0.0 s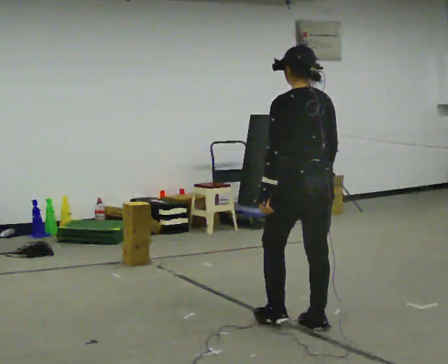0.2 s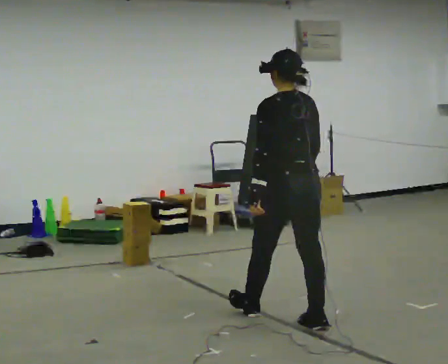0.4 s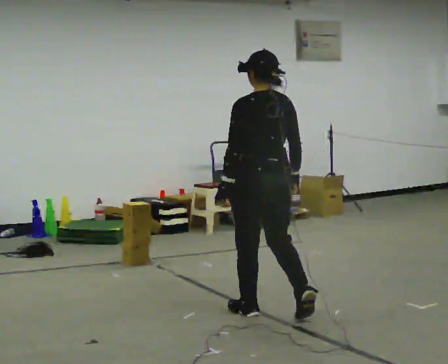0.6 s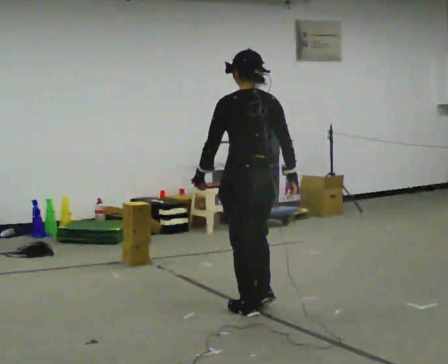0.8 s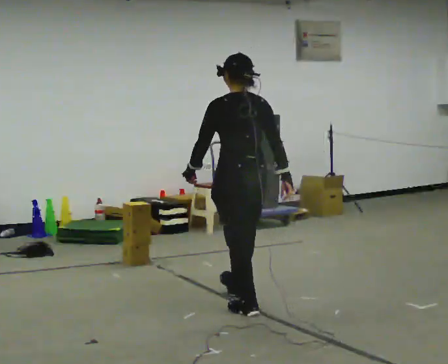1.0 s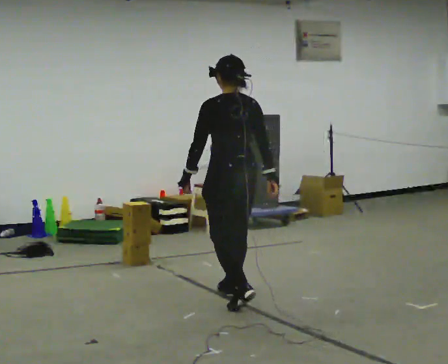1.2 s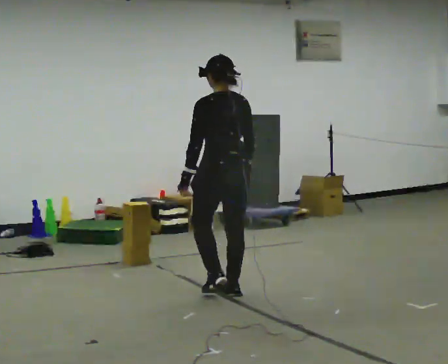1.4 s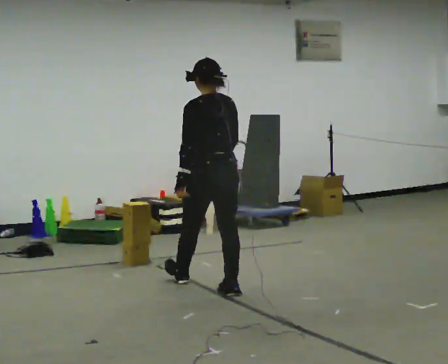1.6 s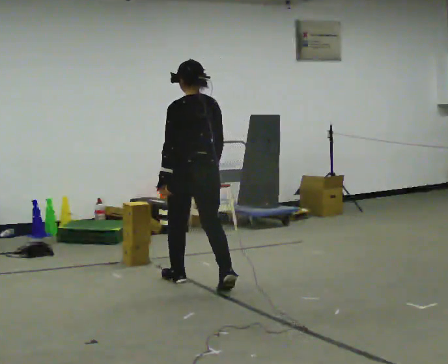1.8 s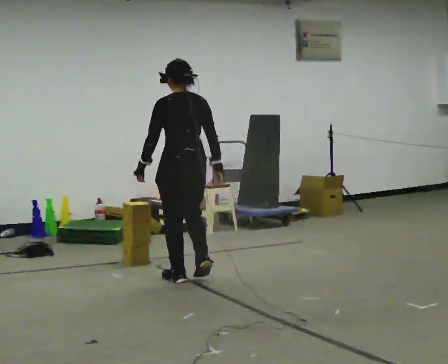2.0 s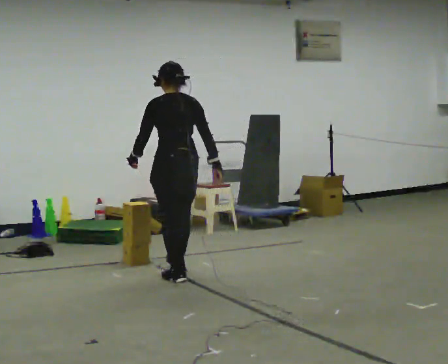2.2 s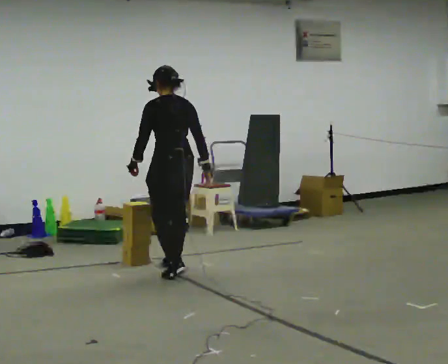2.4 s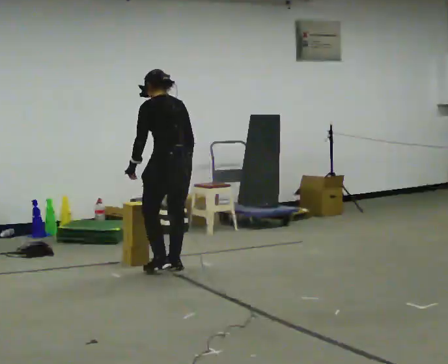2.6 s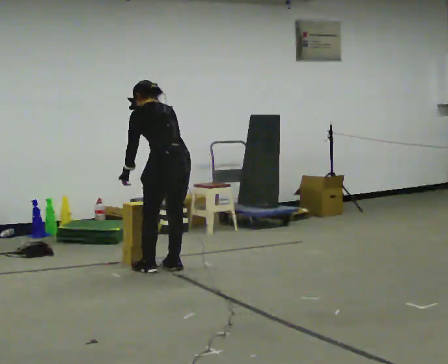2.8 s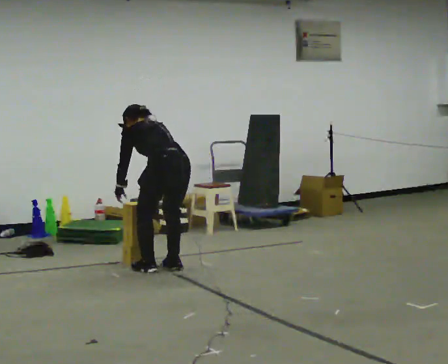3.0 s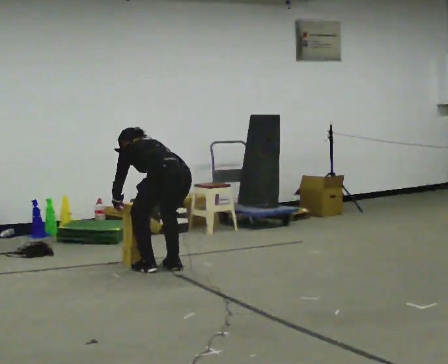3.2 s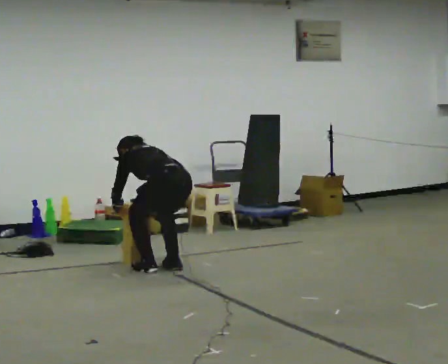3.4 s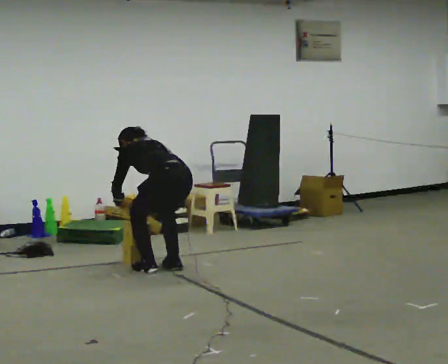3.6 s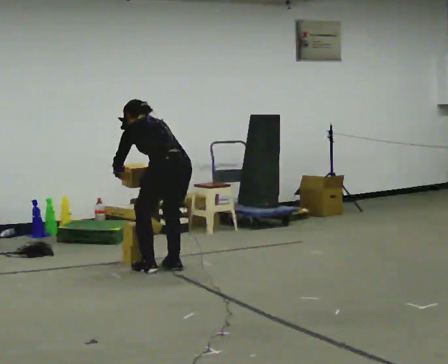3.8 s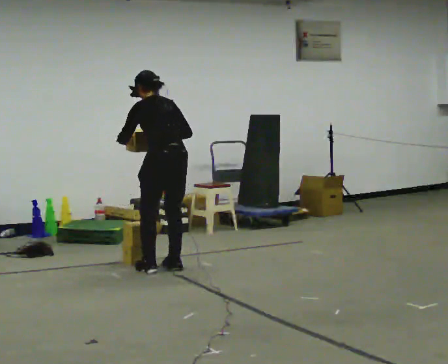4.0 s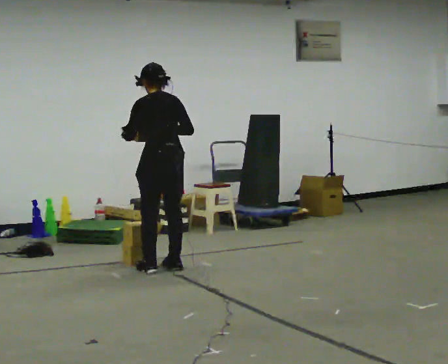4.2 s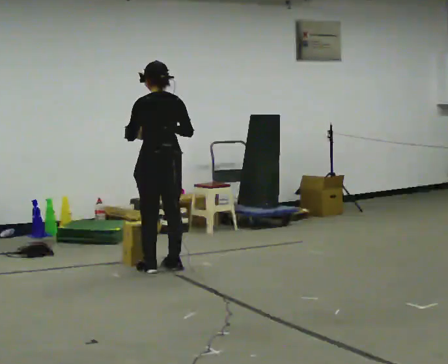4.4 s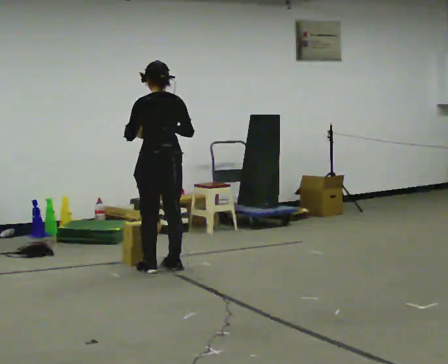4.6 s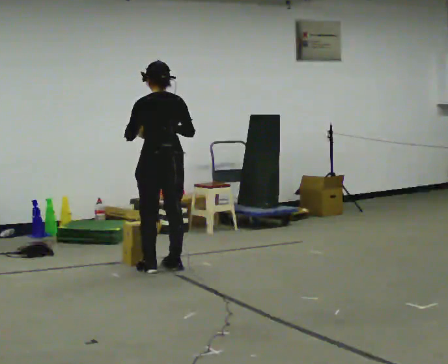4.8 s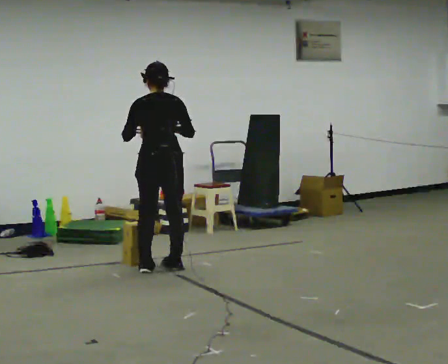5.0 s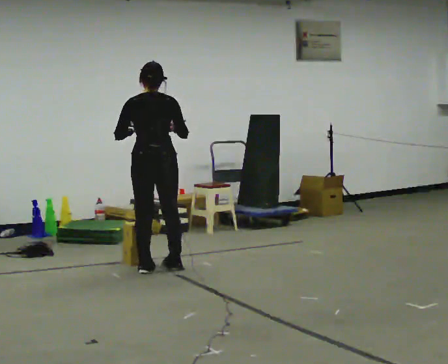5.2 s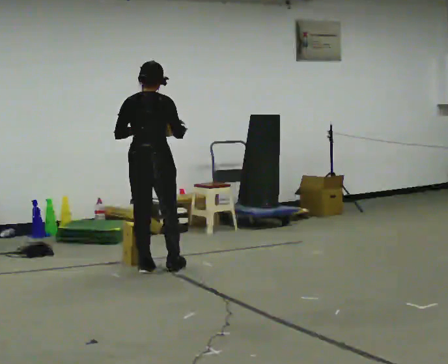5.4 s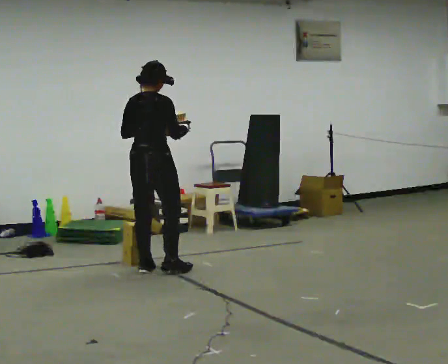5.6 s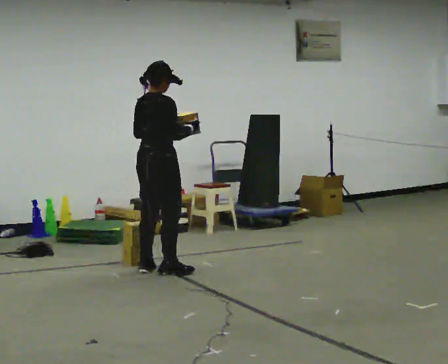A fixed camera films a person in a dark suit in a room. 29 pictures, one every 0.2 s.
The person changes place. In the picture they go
away from the camera.
0.0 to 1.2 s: In the picture they go away from the camera and to the left, about 1 m in 2 steps, which for them is forward.
1.2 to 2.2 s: In the picture they go away from the camera and to the left, about 0.5 m in 2 steps, which for them is forward.
2.2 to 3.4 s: The upper body tips away from the camera, its near side rolling upward, as they bend forward. In the picture their right hand goes to the left.
3.4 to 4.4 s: The upper body goes upward. The upper body tips toward the camera, its near side rolling downward, as they lean back or straighten. In the picture their left hand goes upward.
4.4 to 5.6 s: Seen from above the body turns clockwise, about 75 degrees: to their right, with its near side sliding to the left.
The film runs forward here.
